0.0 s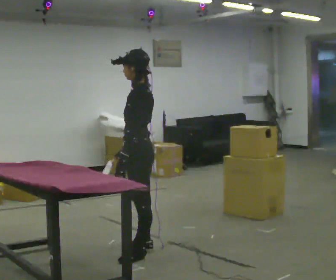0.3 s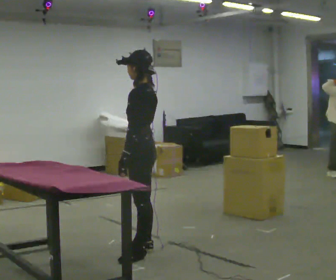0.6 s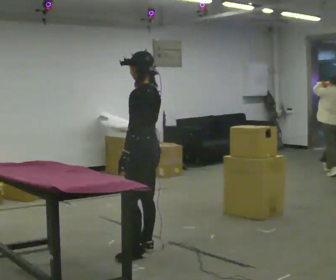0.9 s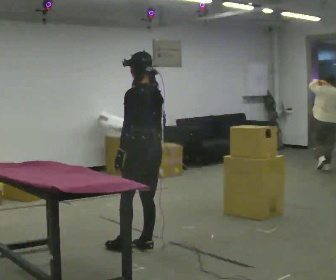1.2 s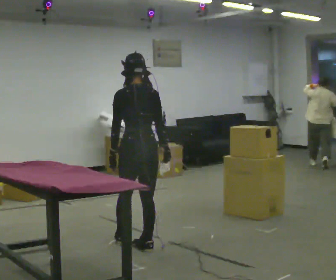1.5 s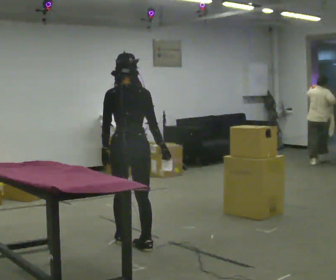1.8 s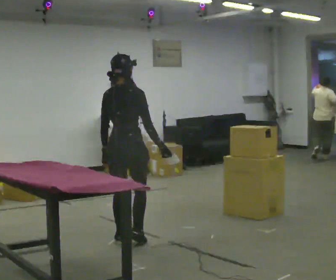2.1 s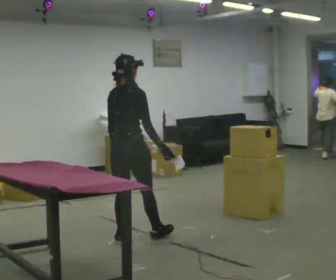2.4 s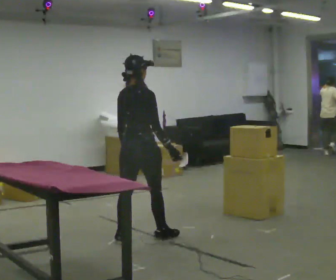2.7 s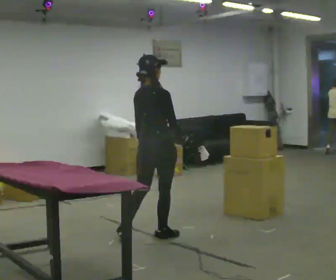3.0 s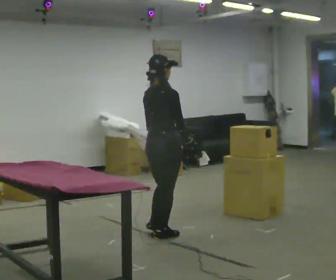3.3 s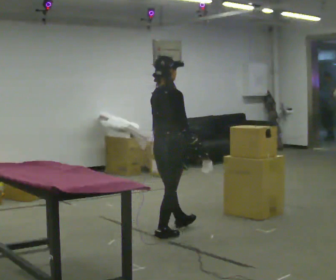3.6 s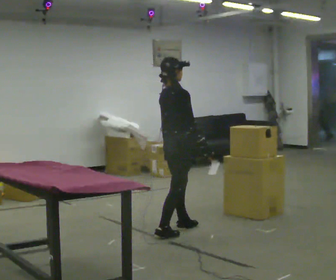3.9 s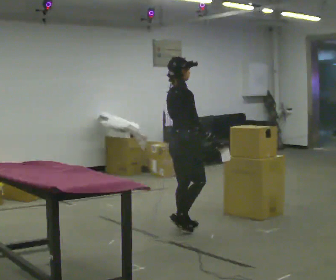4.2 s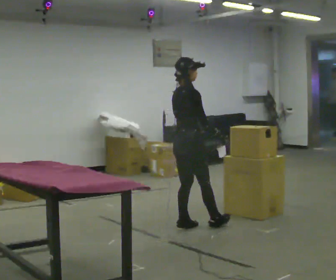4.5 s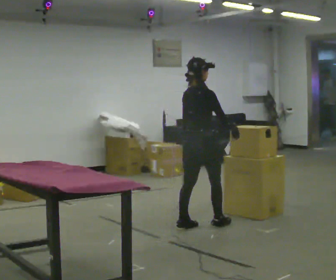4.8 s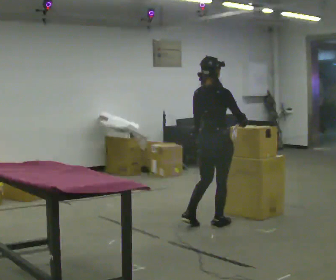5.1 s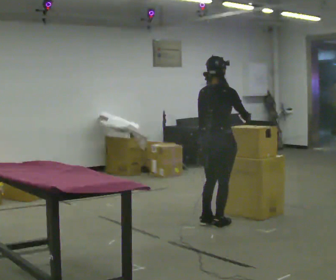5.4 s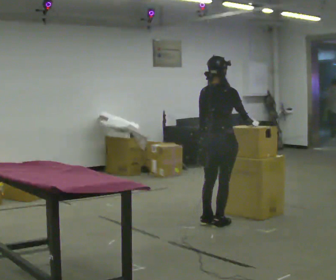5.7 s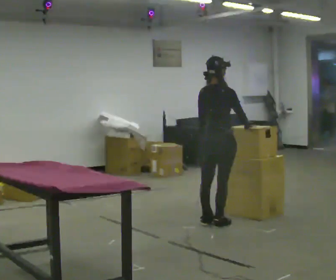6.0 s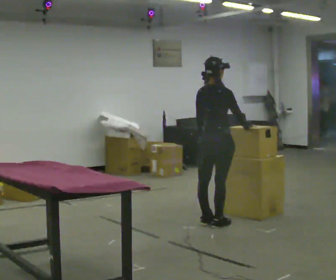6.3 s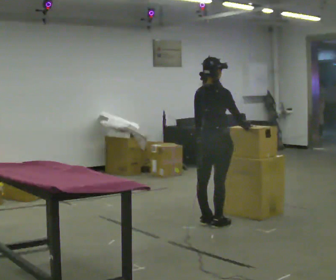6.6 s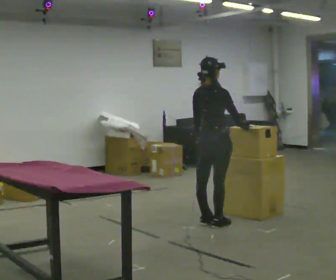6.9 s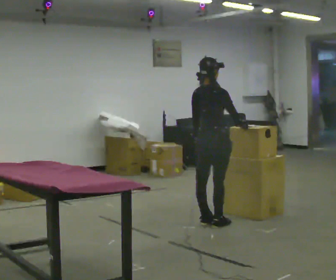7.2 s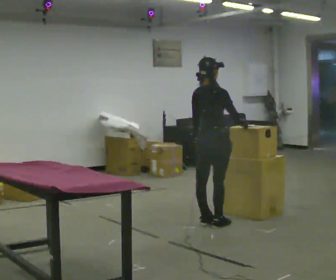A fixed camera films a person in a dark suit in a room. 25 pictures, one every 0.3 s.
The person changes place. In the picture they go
away from the camera.
The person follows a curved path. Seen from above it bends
clockwise.
0.0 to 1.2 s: Seen from above the body turns clockwise, about 60 degrees: to their right, with its near side sliding to the left. In the picture they go away from the camera, about 0.25 m in 1 step.
1.2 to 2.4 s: The person turns about 45 degrees to their right, clockwise seen from above, so the part of the body nearest the lens slides to the left. In the picture they go away from the camera, about 0.25 m in 1 step, which for them is forward and to their left.
2.4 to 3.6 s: The person turns about 30 degrees to their right, clockwise seen from above, so the part of the body nearest the lens slides to the left. In the picture they go to the right and away from the camera, about 0.5 m in 1 step, which for them is forward.
3.6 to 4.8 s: Seen from above the body turns counterclockwise, about 30 degrees: to their left, with its near side sliding to the right. In the picture they go to the right, about 0.25 m in 1 step, which for them is forward.
4.8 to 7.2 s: The person moves a little, or ends about where they began.
The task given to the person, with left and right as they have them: Fetch the tool from the shelf, carry it to the workpiece, use it there as the operator shows you, then take it back to the shelf. Keep going until the operator says stop; one object at a time, and do not rush between trips.
The film runs forward here.
